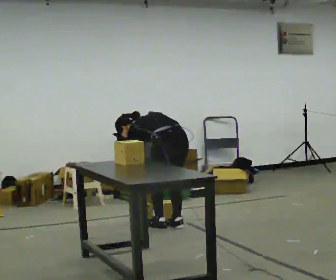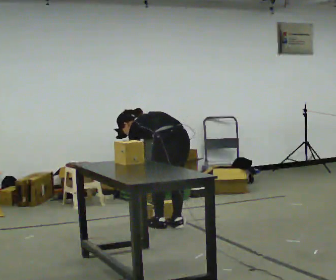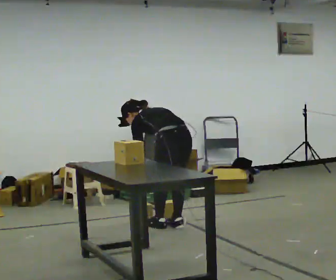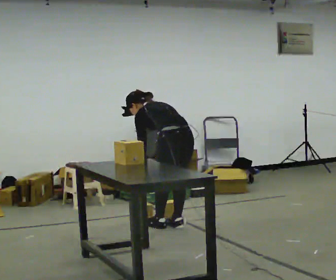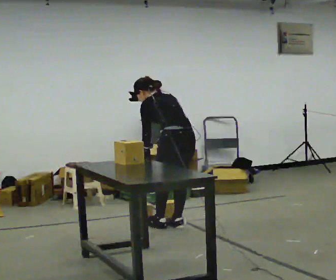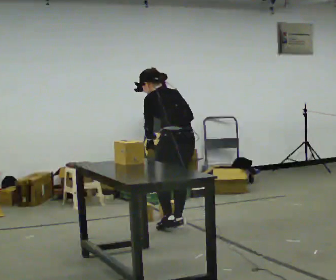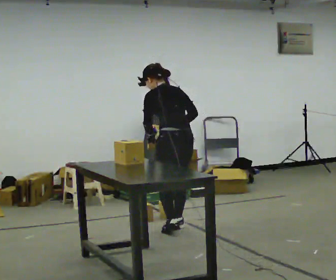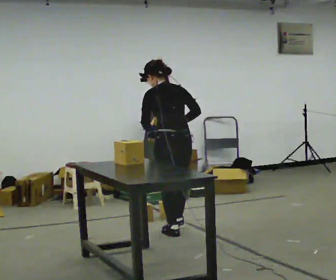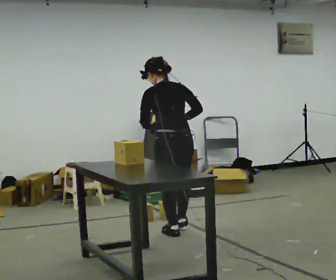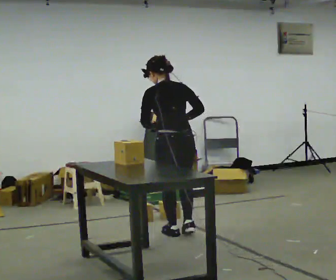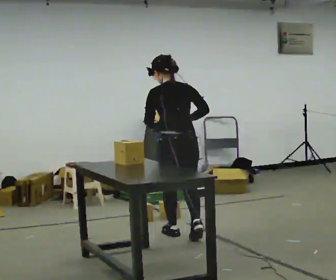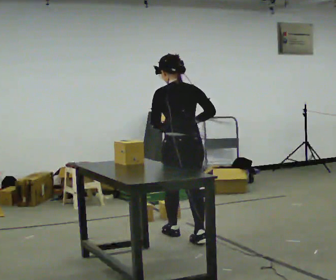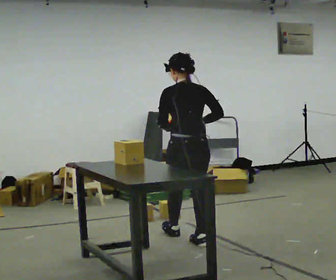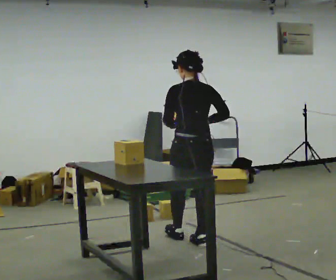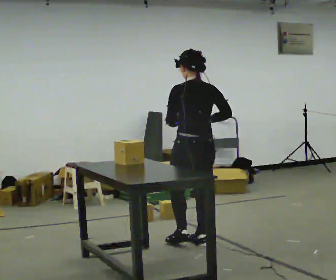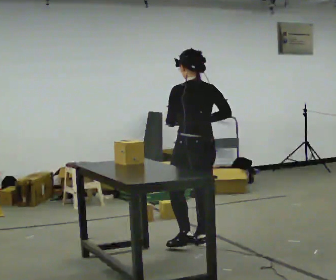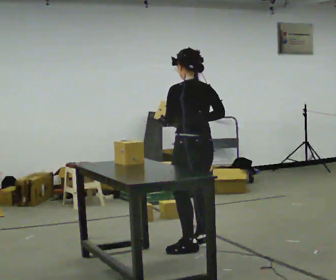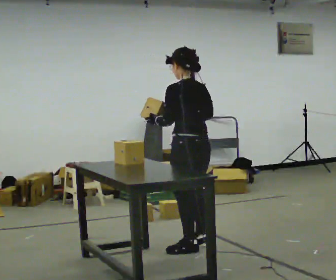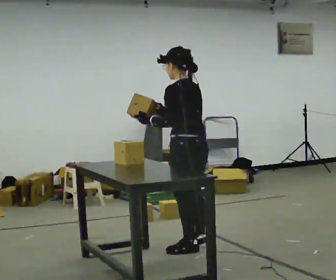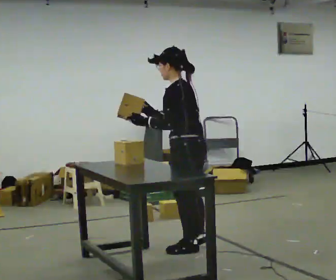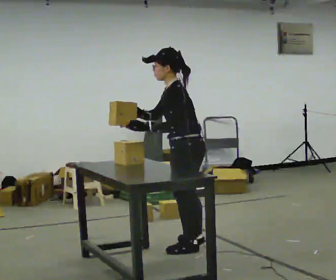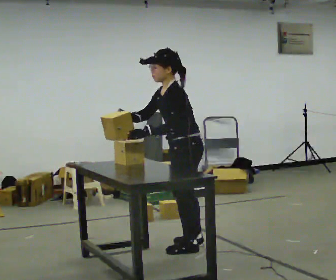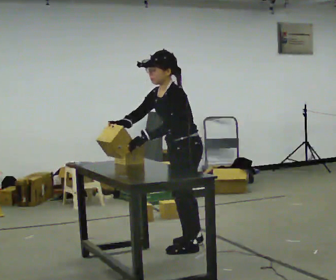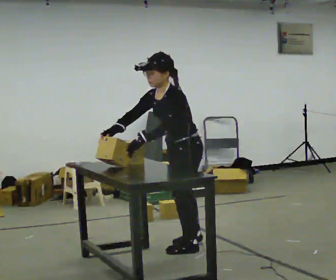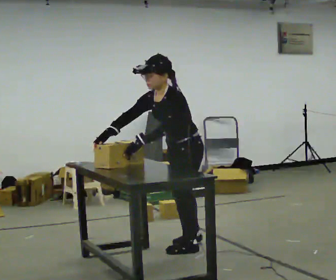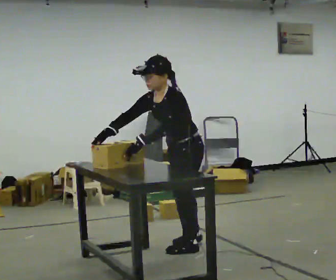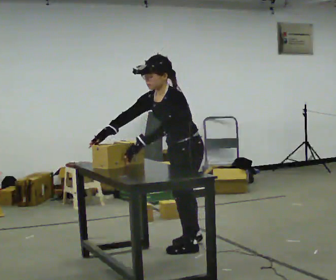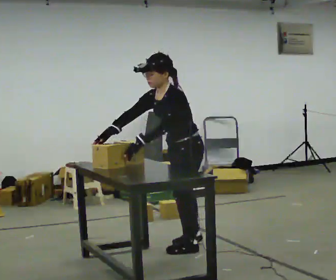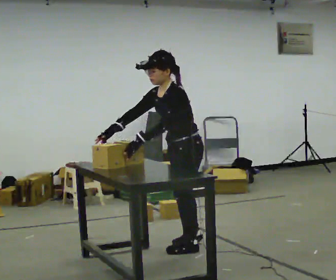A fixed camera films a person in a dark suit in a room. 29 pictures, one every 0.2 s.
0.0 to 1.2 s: The upper body goes upward. In the picture the upper body tilts clockwise, shoulders to the right, as they lean back or straighten. In the picture their right hand goes upward.
1.2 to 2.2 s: In the picture they go toward the camera, about 0.25 m in 1 step, which for them is backward.
2.2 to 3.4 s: The part of the body nearest the lens slides to the right as the person turns to their left by about 30 degrees. In the picture they go toward the camera, about 0.25 m in 1 step, which for them is backward.
3.4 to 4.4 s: Seen from above the body turns counterclockwise, about 60 degrees: to their left, with its near side sliding to the right. The upper body tips toward the camera, its near side rolling downward, as they bend forward. In the picture their right hand goes to the left.
4.4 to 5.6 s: The person moves a little, or ends about where they began.
The film runs backward here.
